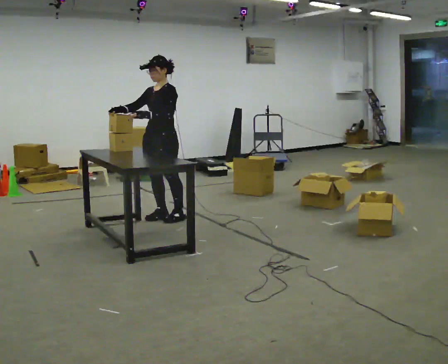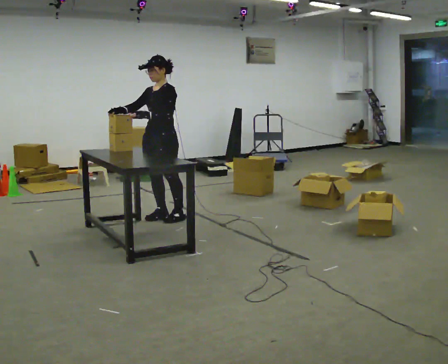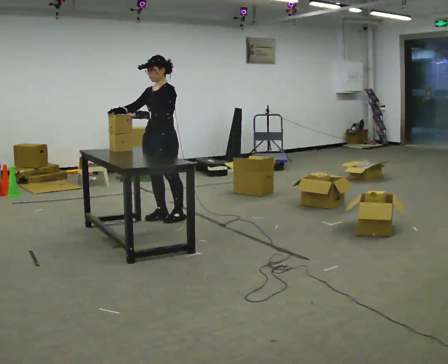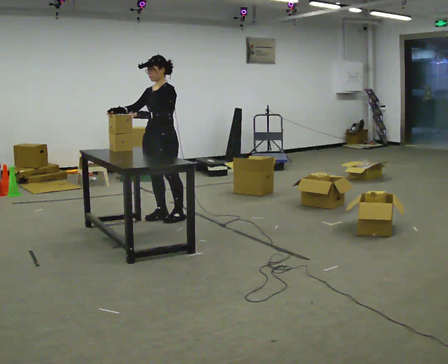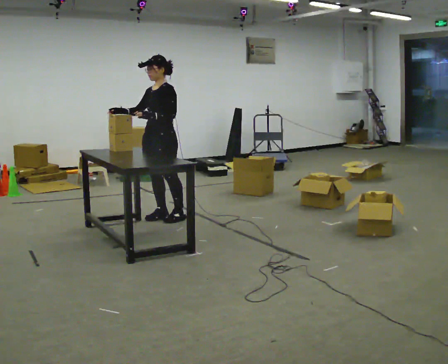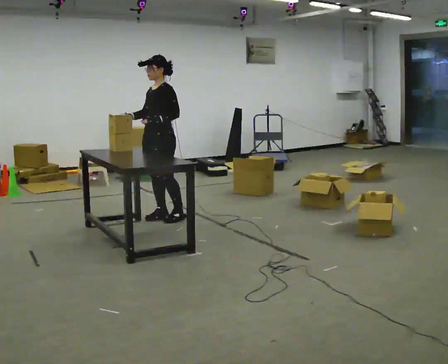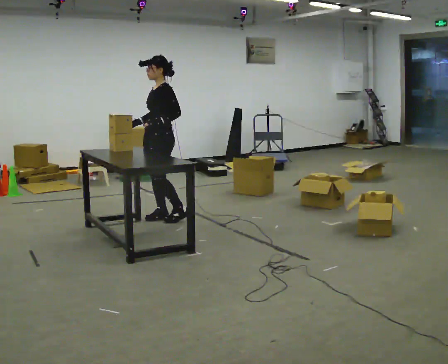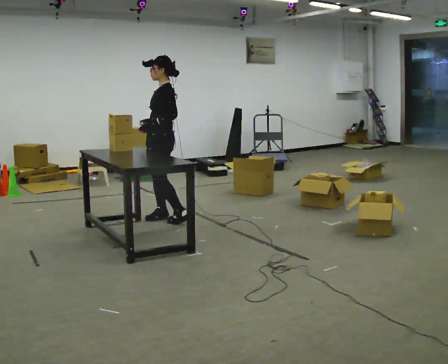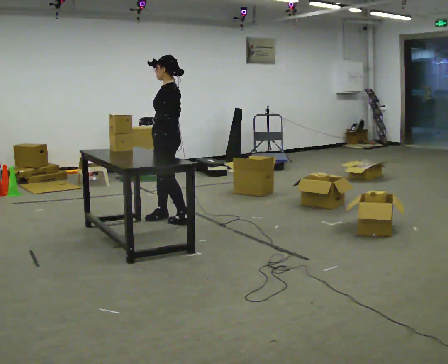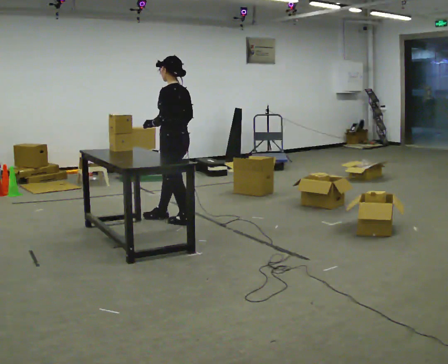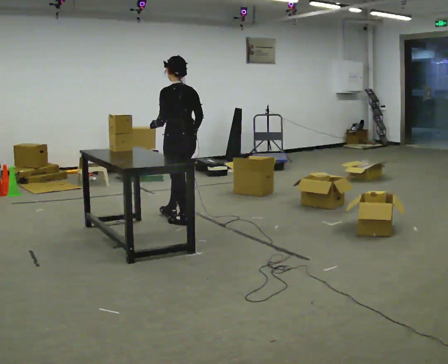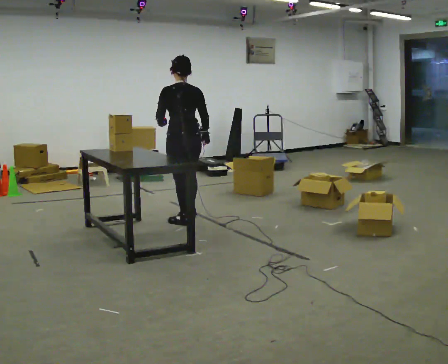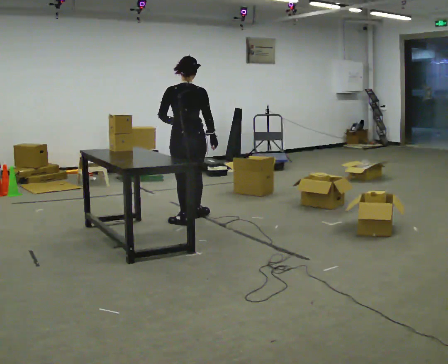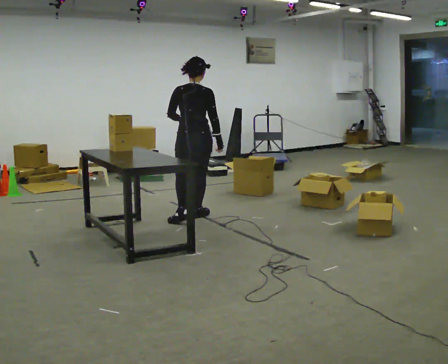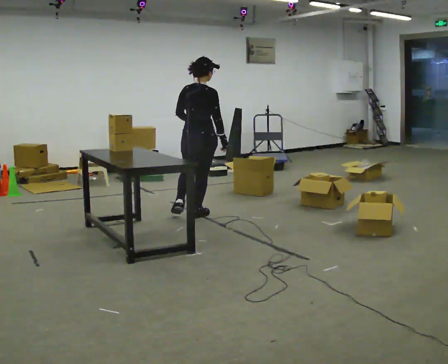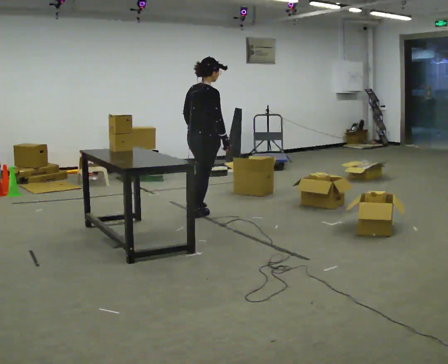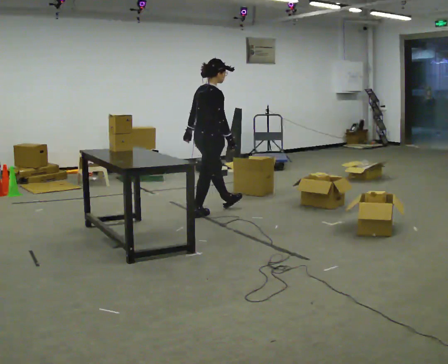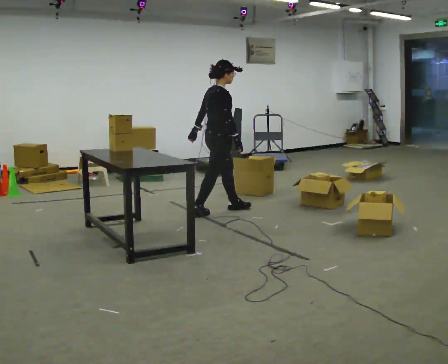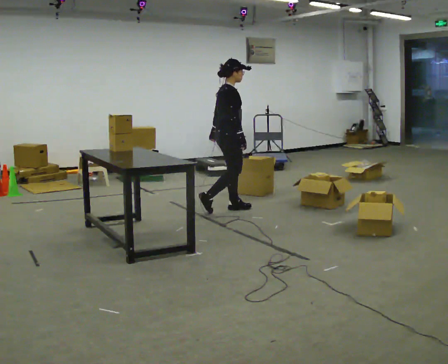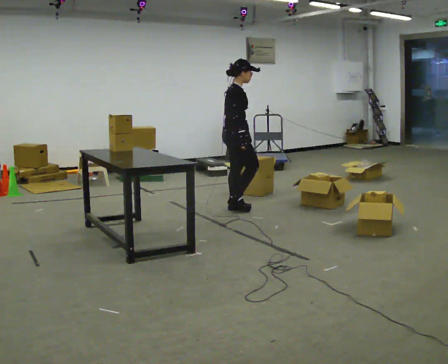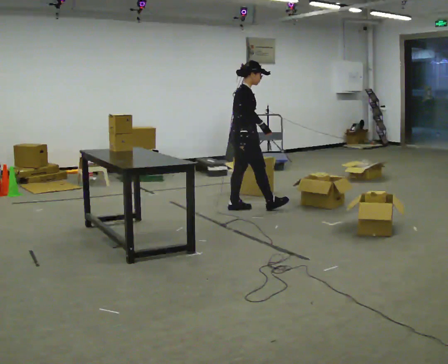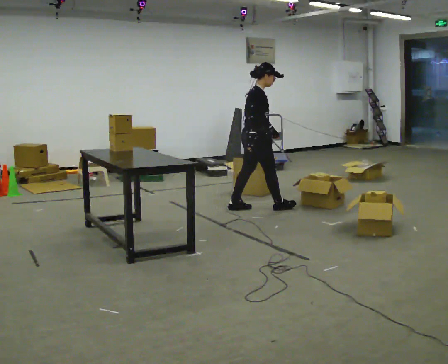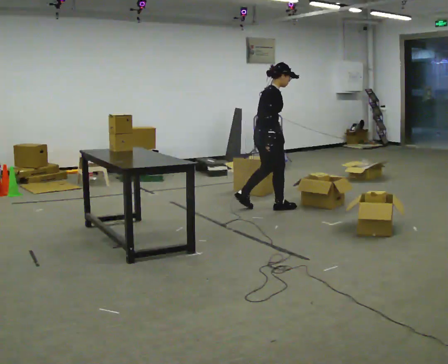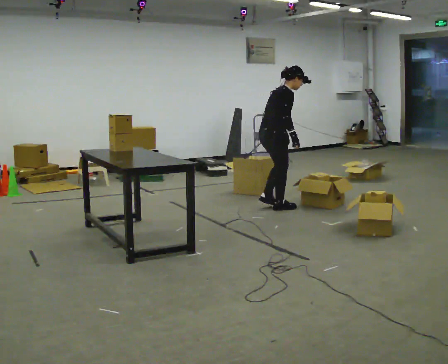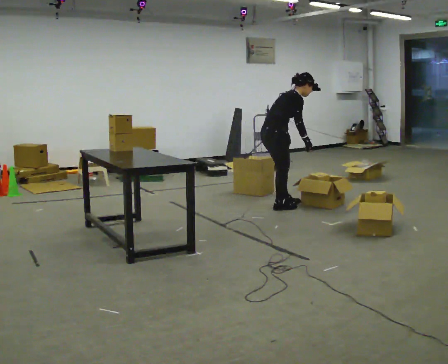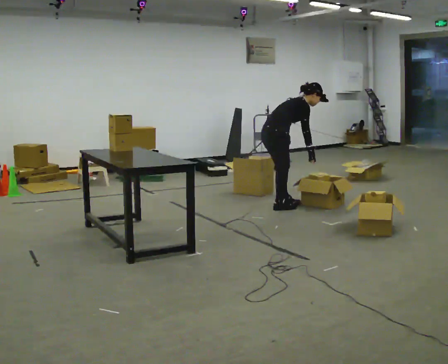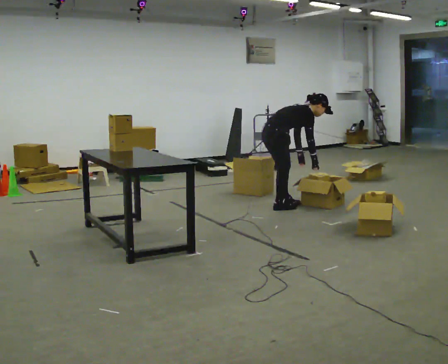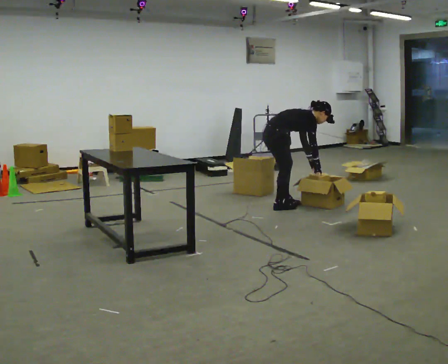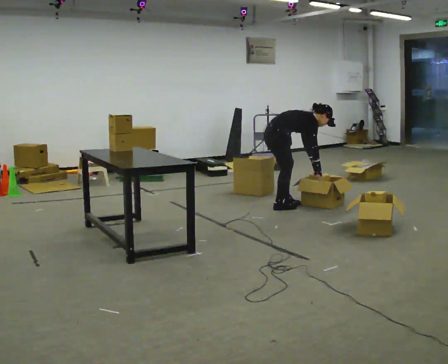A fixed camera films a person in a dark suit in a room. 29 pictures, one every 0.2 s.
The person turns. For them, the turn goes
to their right.
The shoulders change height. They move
downward.
0.0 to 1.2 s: The person moves a little, or ends about where they began.
1.2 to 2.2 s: The part of the body nearest the lens slides to the left as the person turns to their right by about 90 degrees. In the picture they go to the right, about 0.25 m in 2 steps.
2.2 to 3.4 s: The person turns about 105 degrees to their right, clockwise seen from above, so the part of the body nearest the lens slides to the left. In the picture they go away from the camera and to the right, about 0.5 m in 1 step.
3.4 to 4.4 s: In the picture they go to the right, about 0.5 m in 1 step, which for them is forward.
4.4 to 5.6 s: The upper body goes downward. In the picture the upper body tilts clockwise, shoulders to the right, as they bend forward. In the picture their left hand goes to the right and downward.
The film runs forward here.
